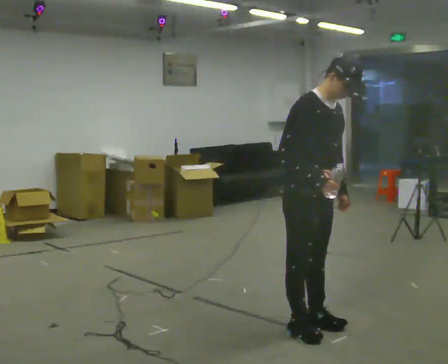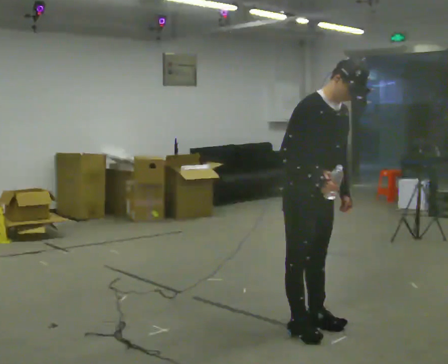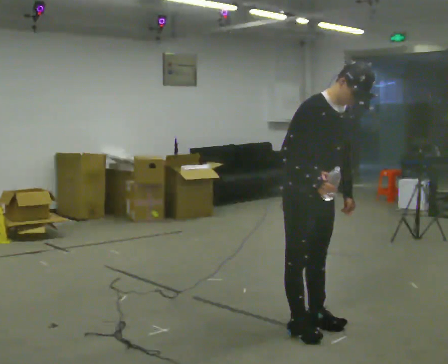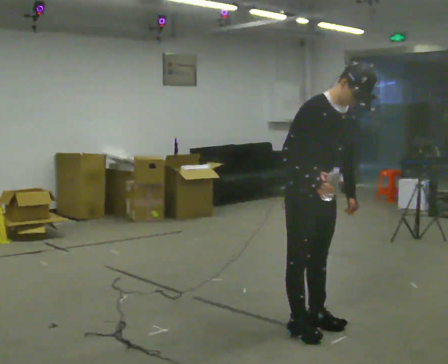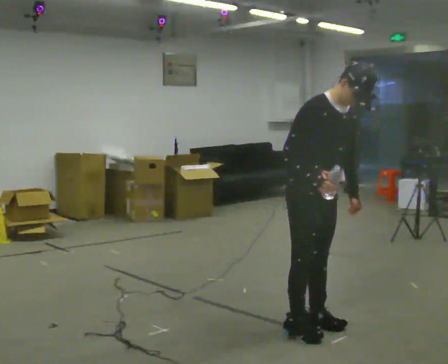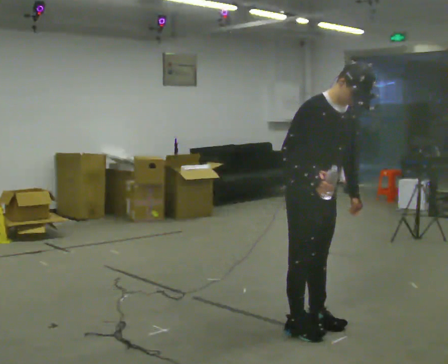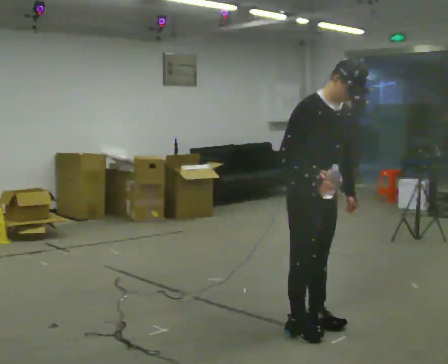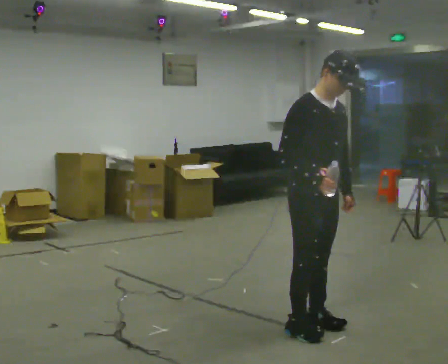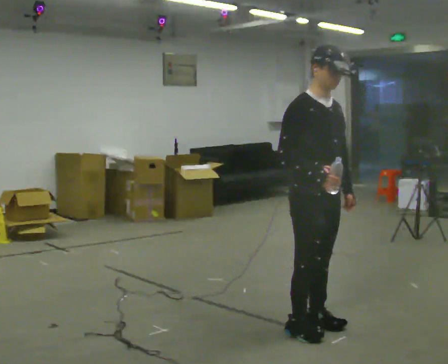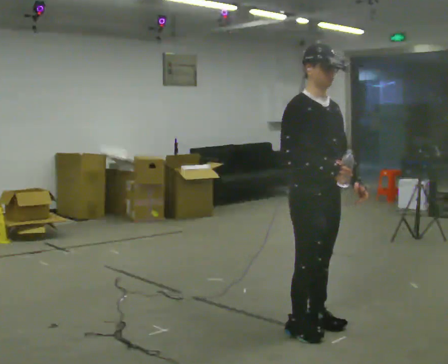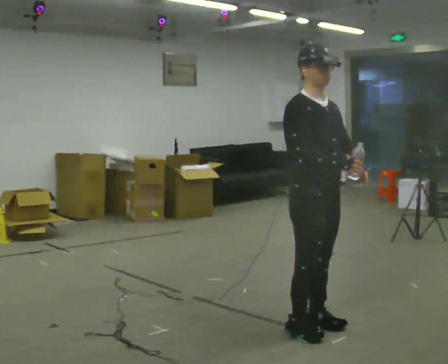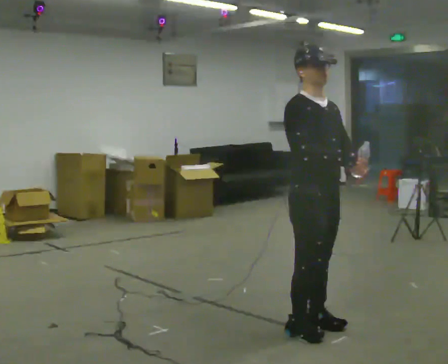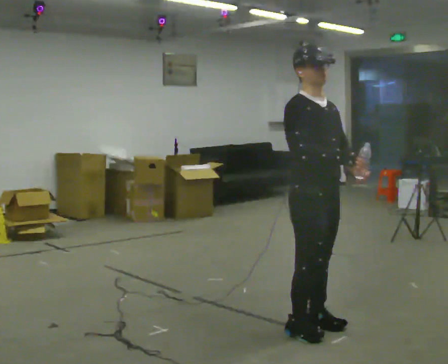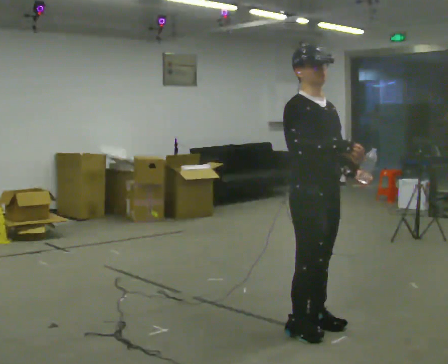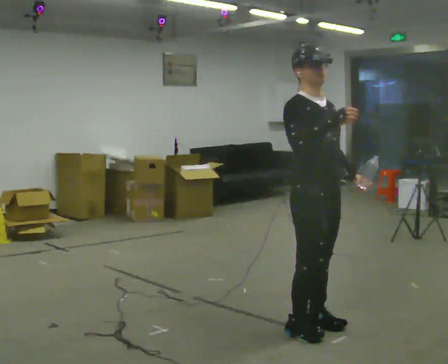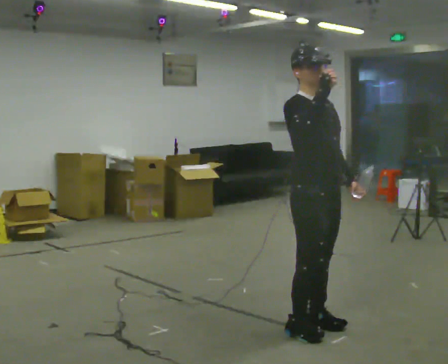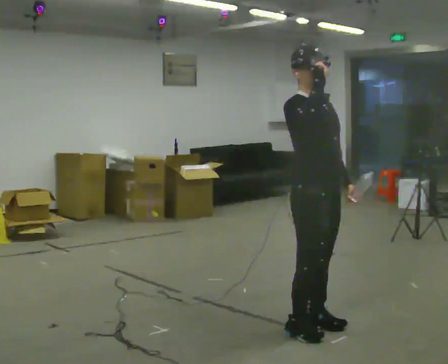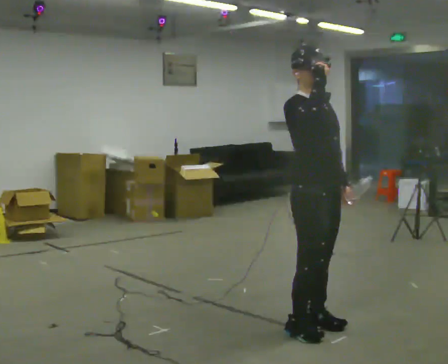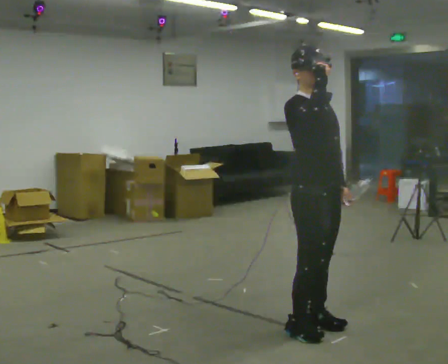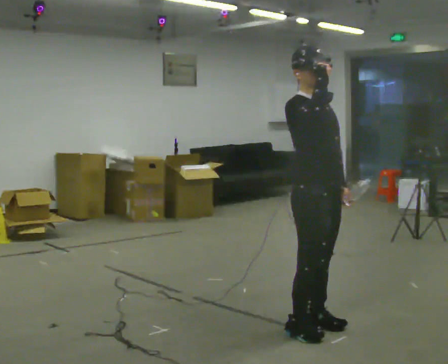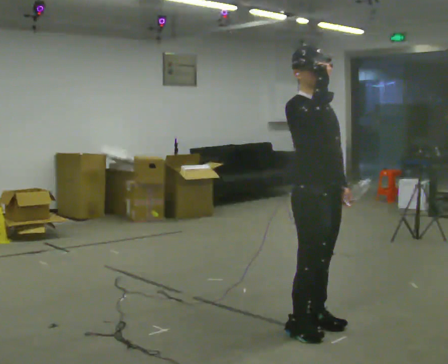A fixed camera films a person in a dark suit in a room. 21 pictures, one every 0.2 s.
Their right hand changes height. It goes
upward.
0.0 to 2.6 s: The person moves a little, or ends about where they began.
2.6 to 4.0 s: In the picture their right hand goes upward.
The film runs forward here.
